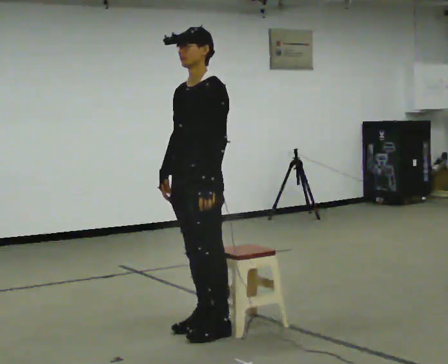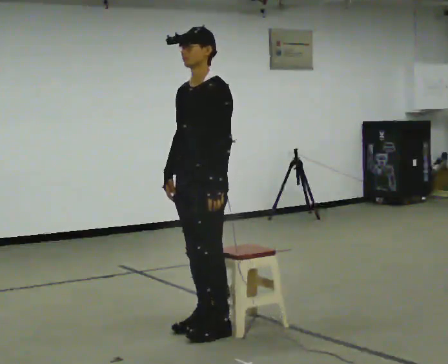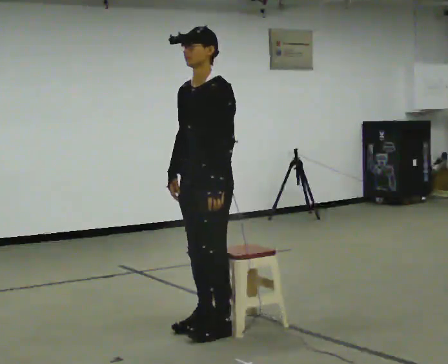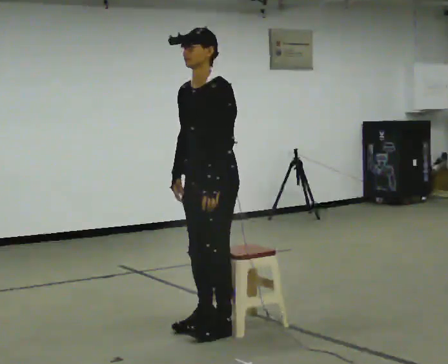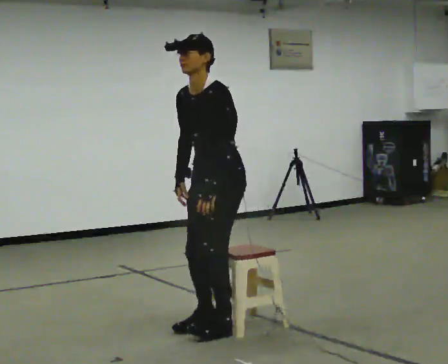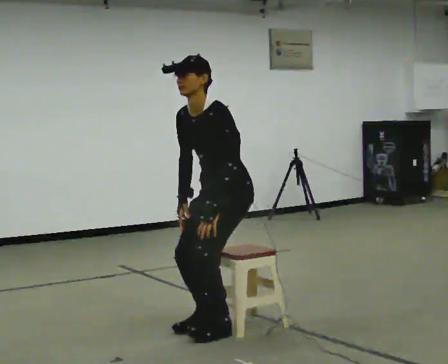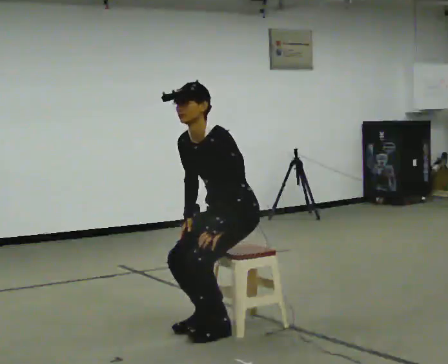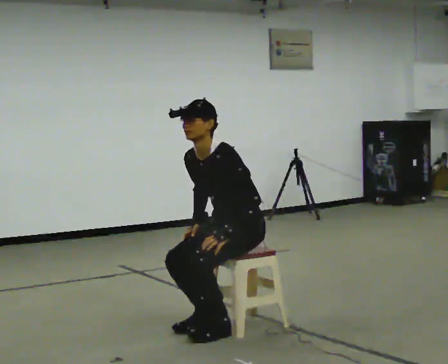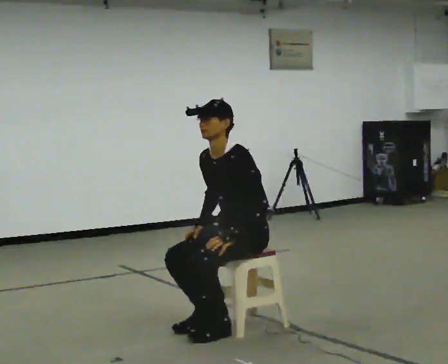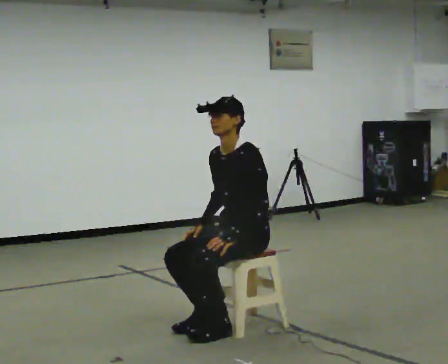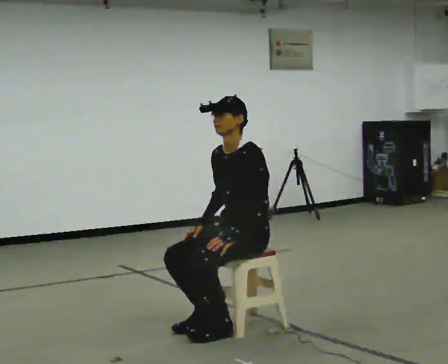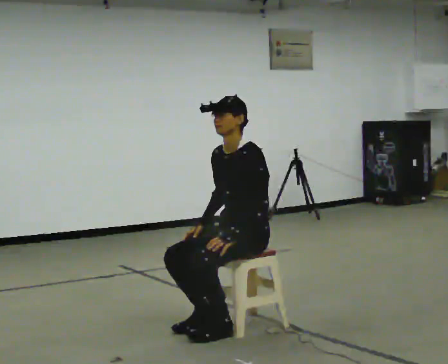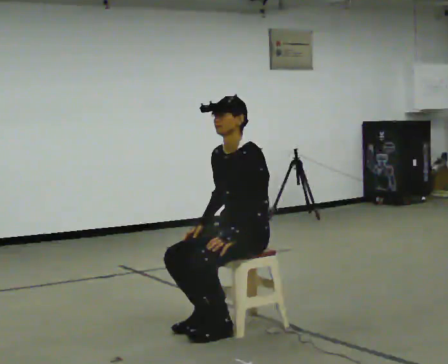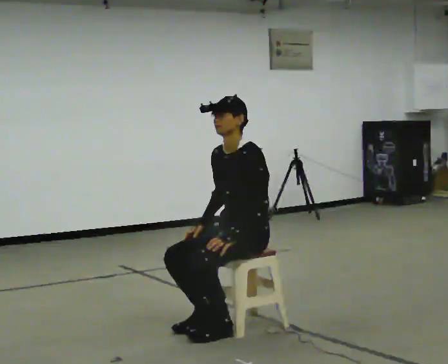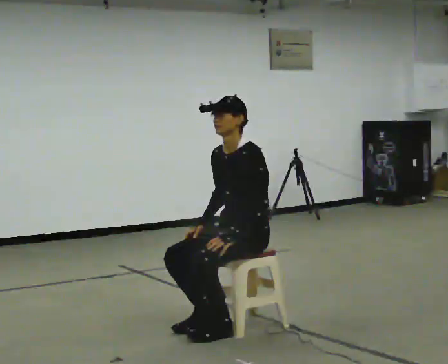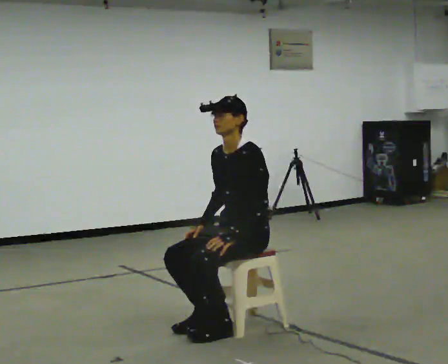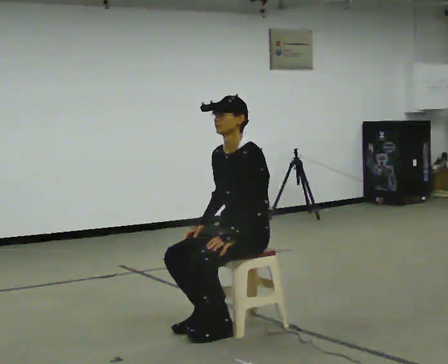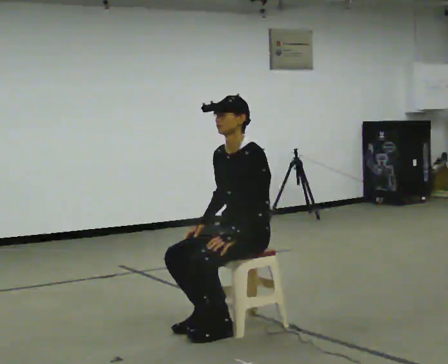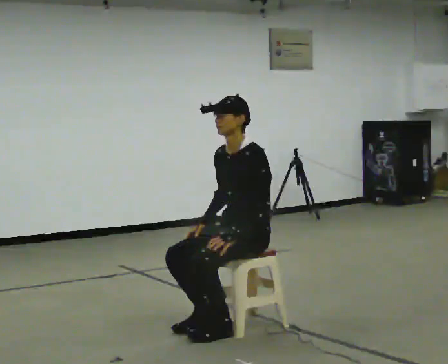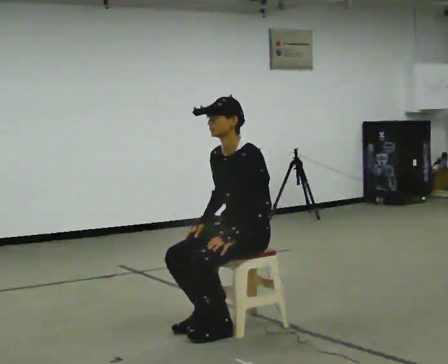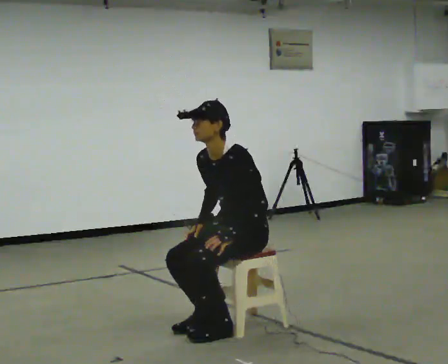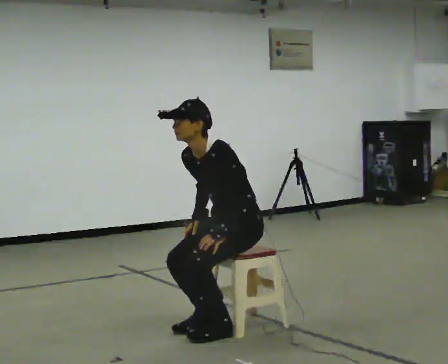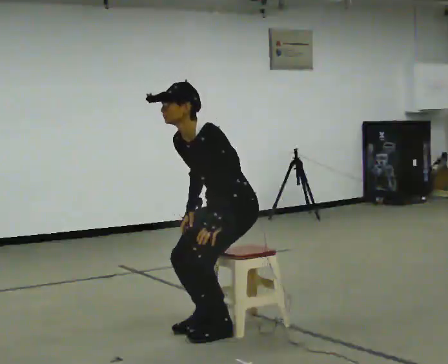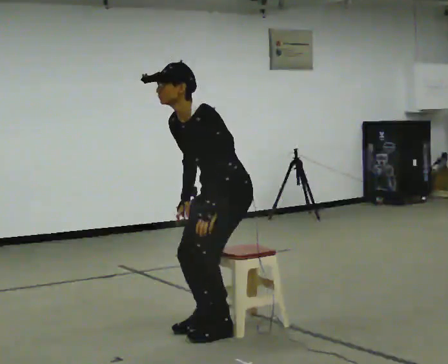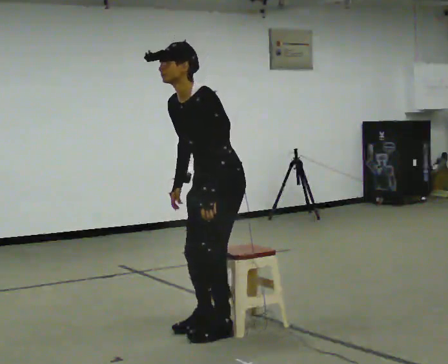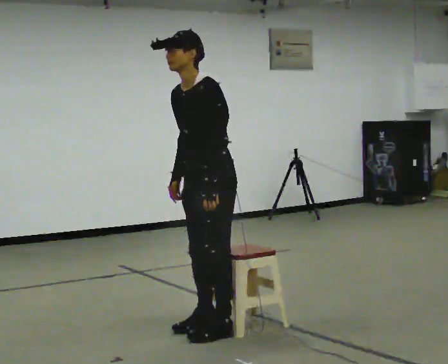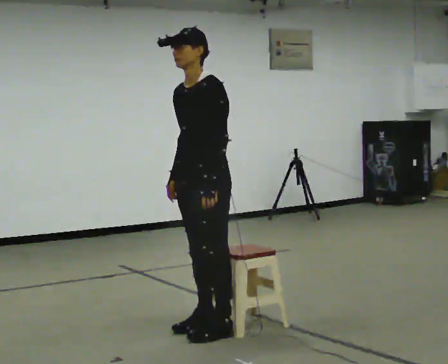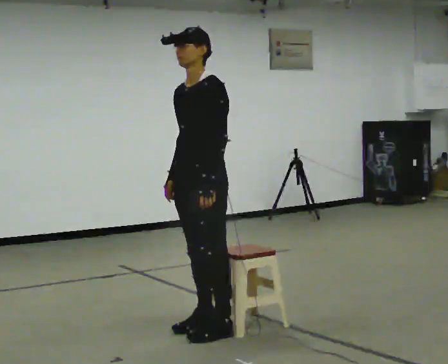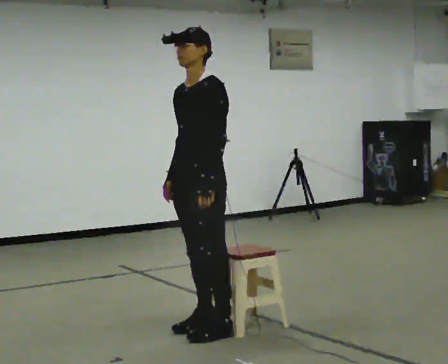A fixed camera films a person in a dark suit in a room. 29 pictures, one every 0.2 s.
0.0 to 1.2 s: In the picture they go to the right, about 0.25 m, which for them is backward. The shoulders move downward. In the picture the upper body tilts counterclockwise, shoulders to the left, as they bend forward.
1.2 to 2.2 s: In the picture the upper body tilts clockwise, shoulders to the right, as they lean back or straighten.
2.2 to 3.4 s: The person keeps their place and pose.
3.4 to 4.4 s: In the picture the upper body tilts counterclockwise, shoulders to the left, as they bend forward.
4.4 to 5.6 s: In the picture they go to the left, about 0.25 m, which for them is forward. The upper body goes upward. In the picture the upper body tilts clockwise, shoulders to the right, as they lean back or straighten.
The film runs backward here.
